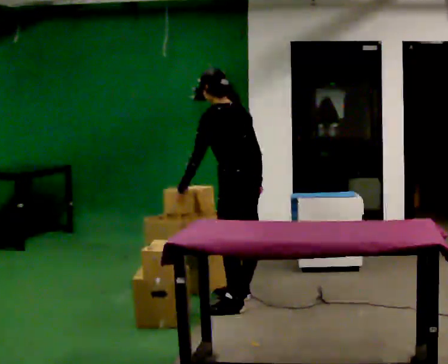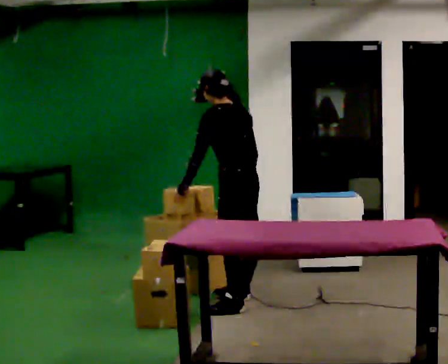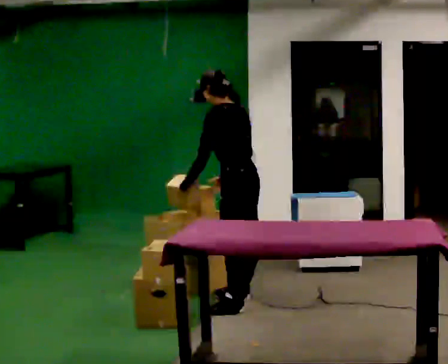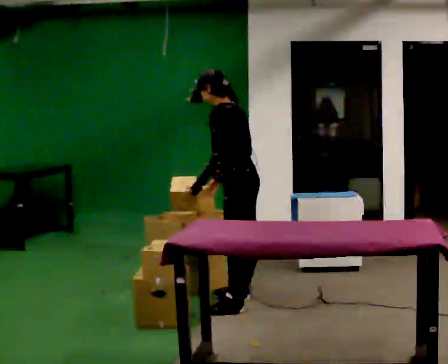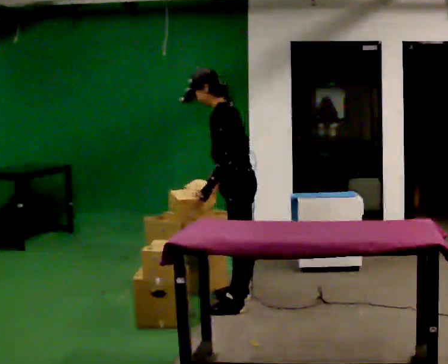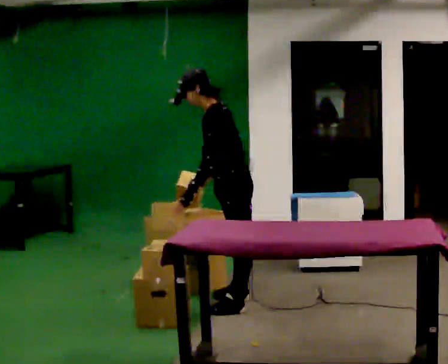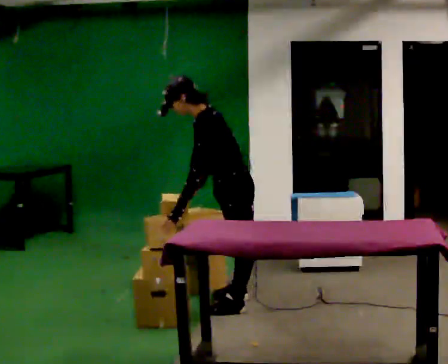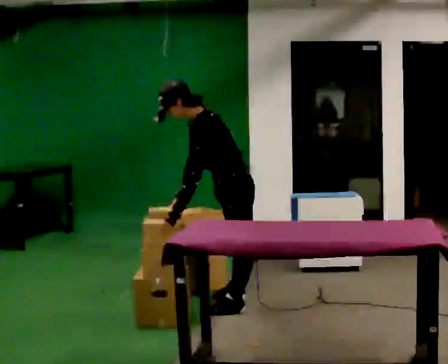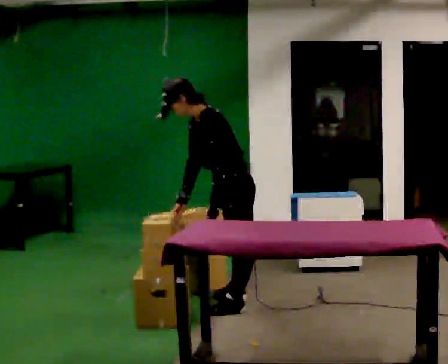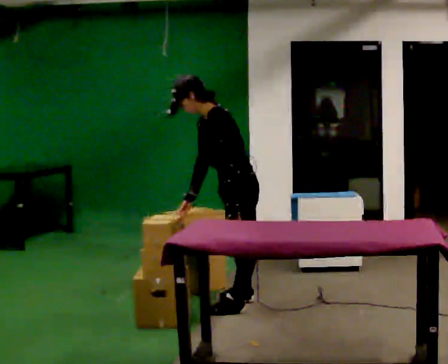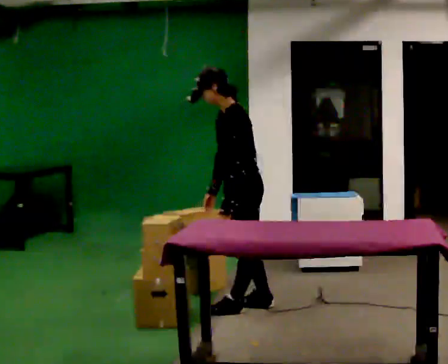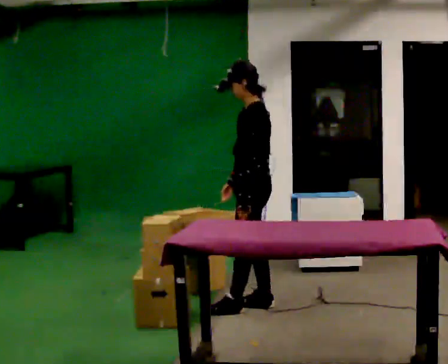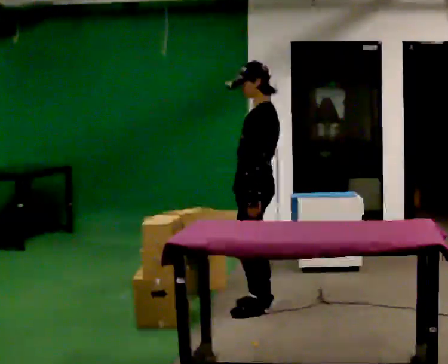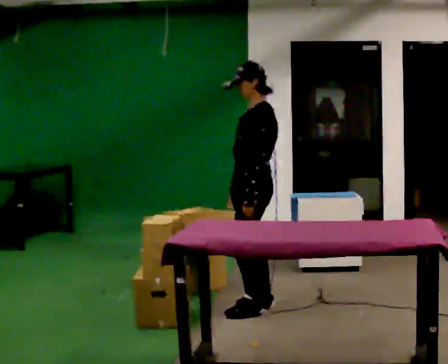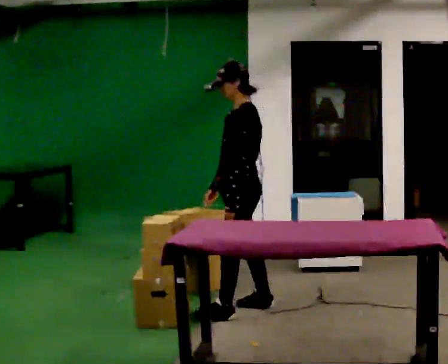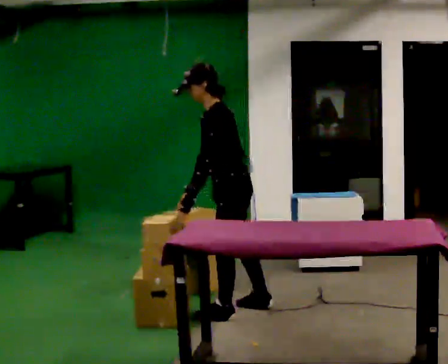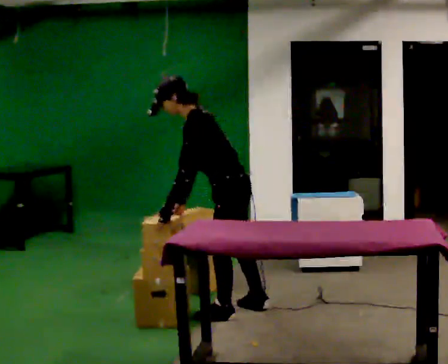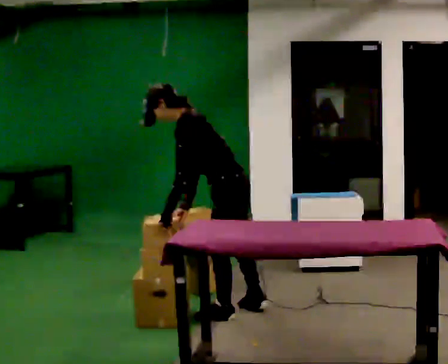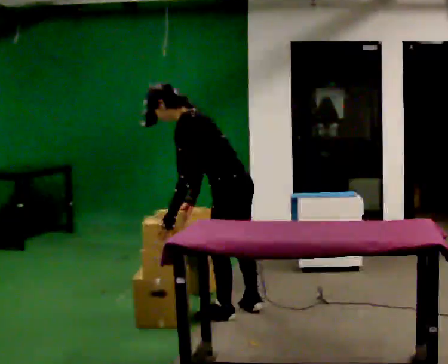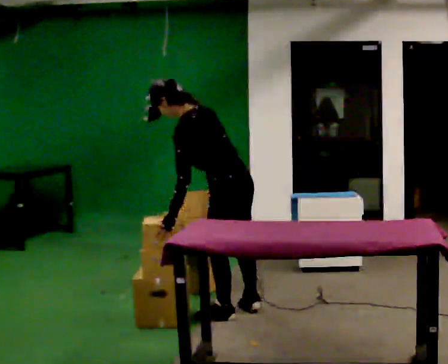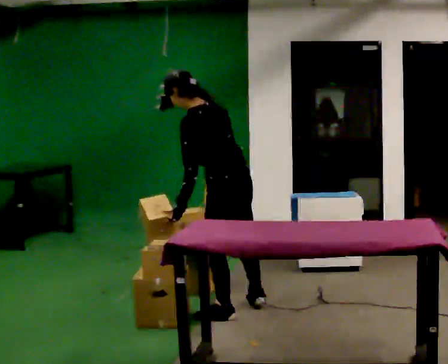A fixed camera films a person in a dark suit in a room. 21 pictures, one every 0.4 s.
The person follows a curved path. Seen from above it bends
clockwise.
0.0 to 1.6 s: Seen from above the body turns counterclockwise, about 30 degrees: to their left, with its near side sliding to the right.
1.6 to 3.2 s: In the picture they go toward the camera, about 0.25 m, which for them is to their left.
3.2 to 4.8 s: In the picture the upper body tilts clockwise, shoulders to the right, as they lean back or straighten.
4.8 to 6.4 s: In the picture they go toward the camera and to the left, about 0.25 m in 1 step, which for them is to their left and forward. In the picture the upper body tilts counterclockwise, shoulders to the left, as they bend forward.
6.4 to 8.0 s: The person turns about 30 degrees to their right, clockwise seen from above, so the part of the body nearest the lens slides to the left. In the picture their right hand goes to the right.
The film runs forward here.
